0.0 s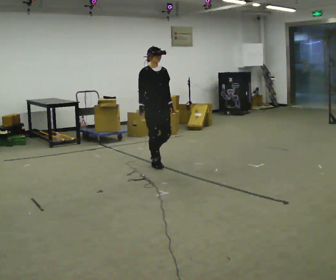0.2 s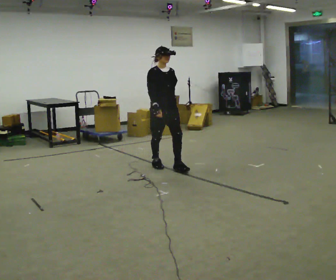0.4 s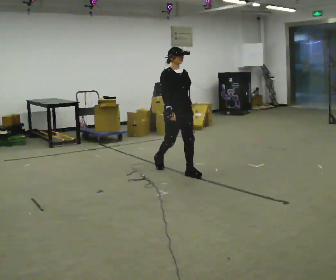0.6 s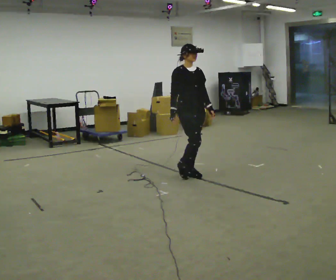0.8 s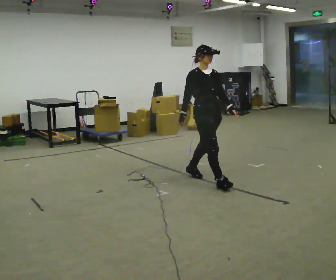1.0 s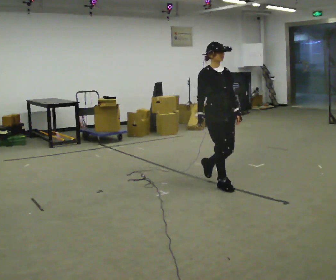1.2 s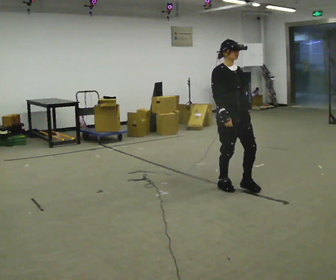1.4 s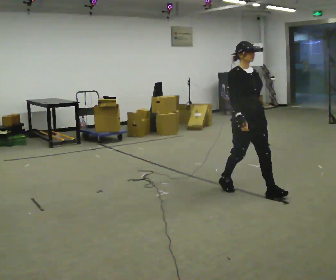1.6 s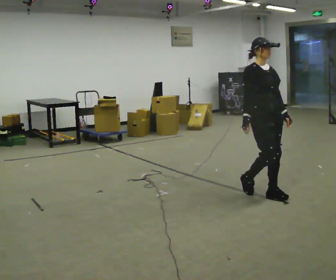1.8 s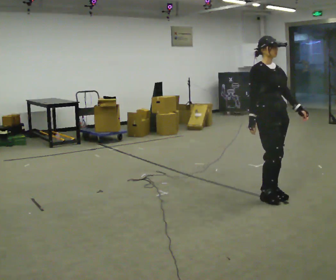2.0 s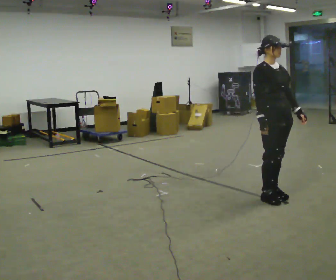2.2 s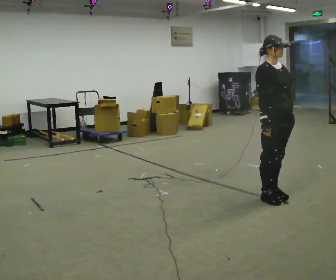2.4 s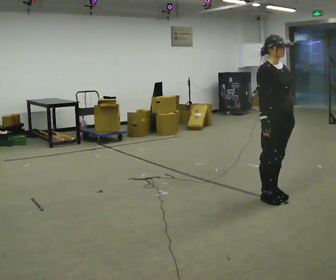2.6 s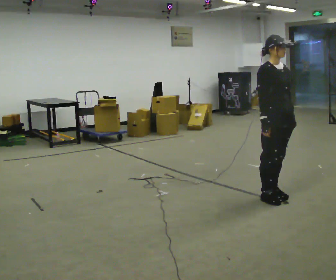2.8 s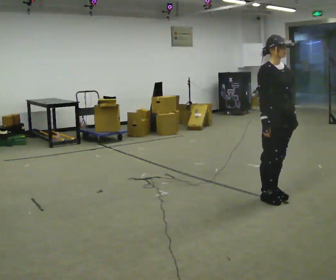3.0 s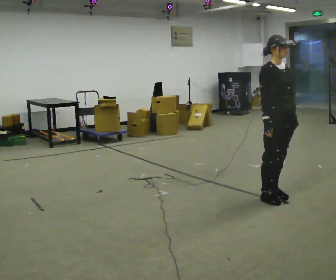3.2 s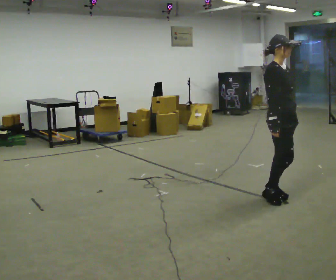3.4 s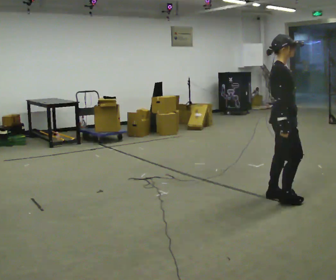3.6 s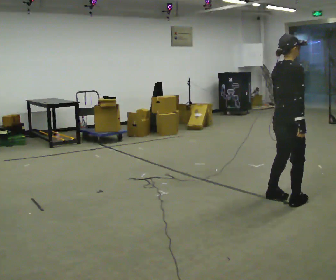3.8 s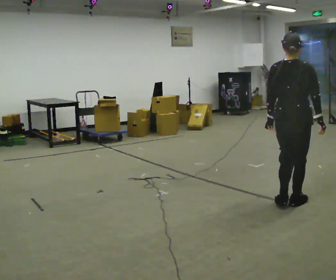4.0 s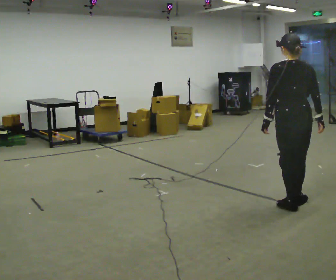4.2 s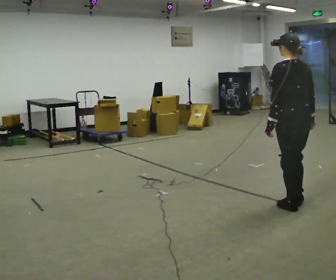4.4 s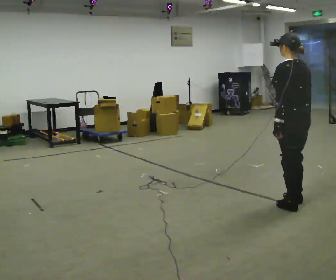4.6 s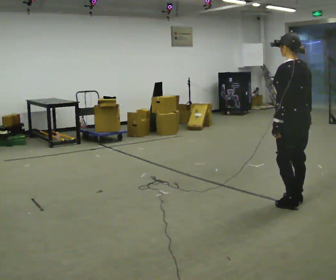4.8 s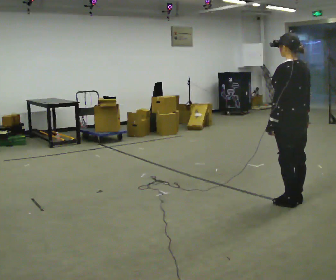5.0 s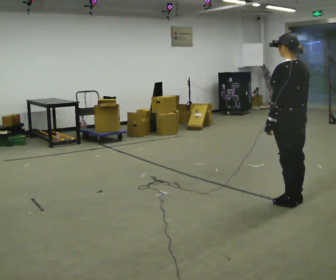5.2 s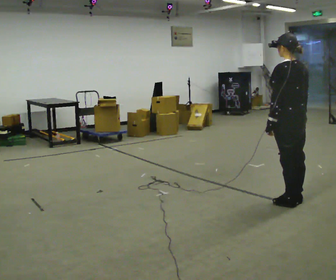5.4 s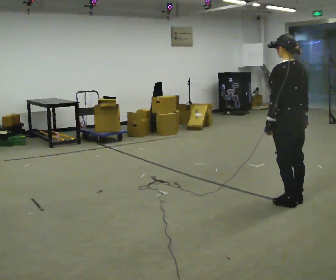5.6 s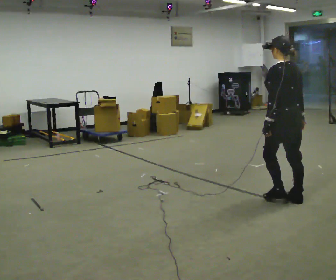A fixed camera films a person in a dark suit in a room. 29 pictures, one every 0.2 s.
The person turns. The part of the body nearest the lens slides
to the right.
The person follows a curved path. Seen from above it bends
counterclockwise.
0.0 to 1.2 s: In the picture they go to the right and toward the camera, about 1.5 m in 2 steps, which for them is forward.
1.2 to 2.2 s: In the picture they go to the right and toward the camera, about 0.5 m in 2 steps, which for them is forward.
2.2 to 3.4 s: The part of the body nearest the lens slides to the right as the person turns to their left by about 45 degrees.
3.4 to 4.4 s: The person turns about 135 degrees to their left, counterclockwise seen from above, so the part of the body nearest the lens slides to the right. In the picture they go toward the camera and to the right, about 0.25 m in 2 steps.
4.4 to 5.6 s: In the picture they go away from the camera, about 0.25 m, which for them is forward.
The film runs forward here.
